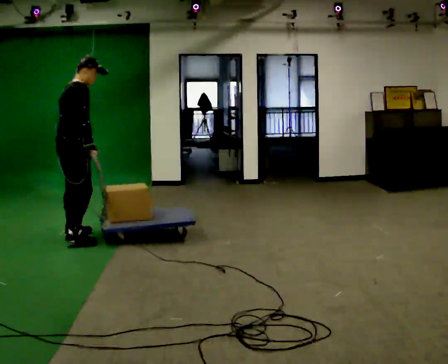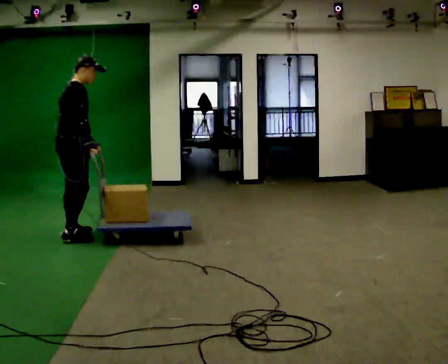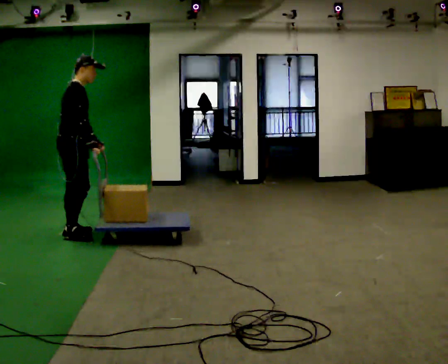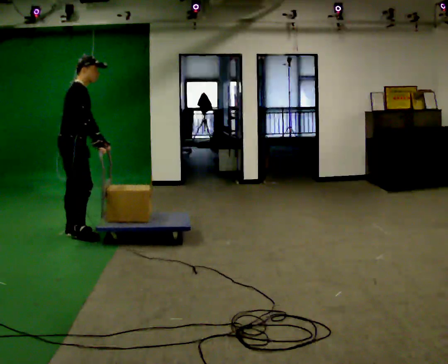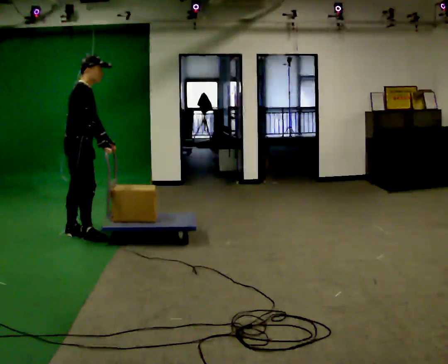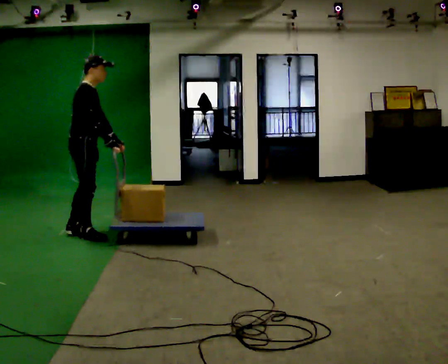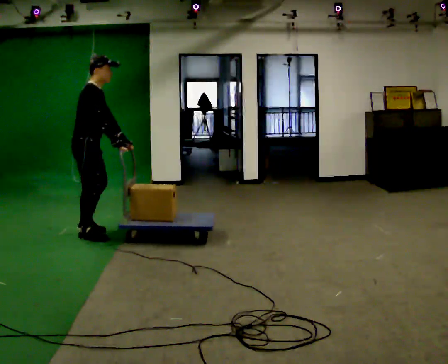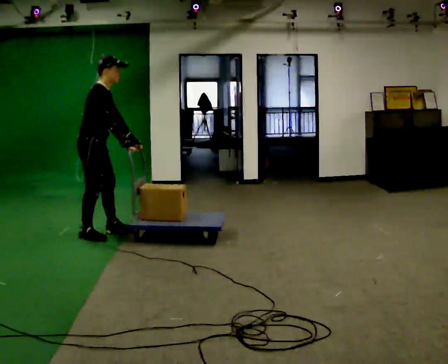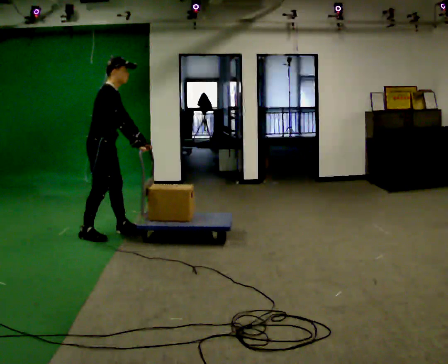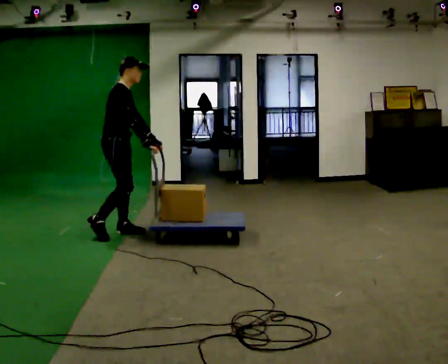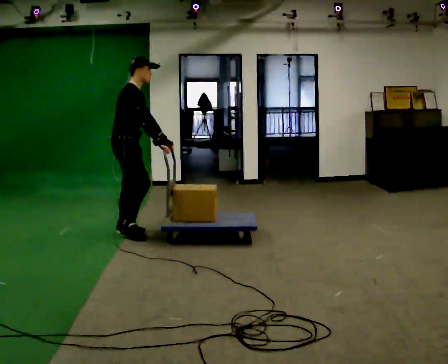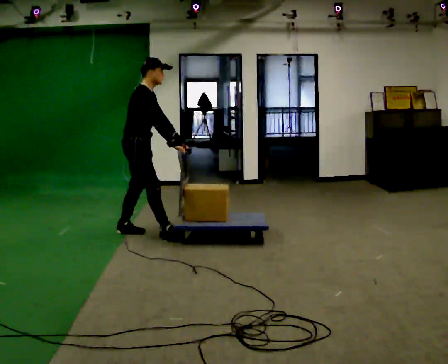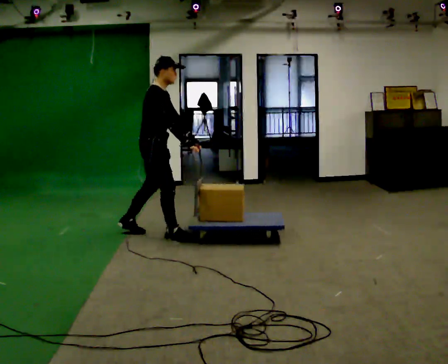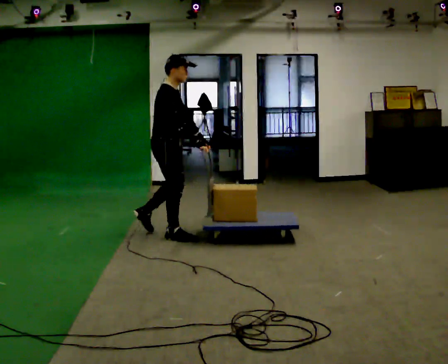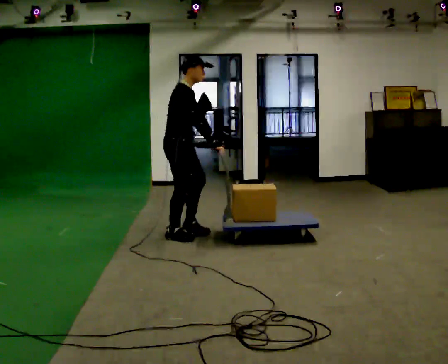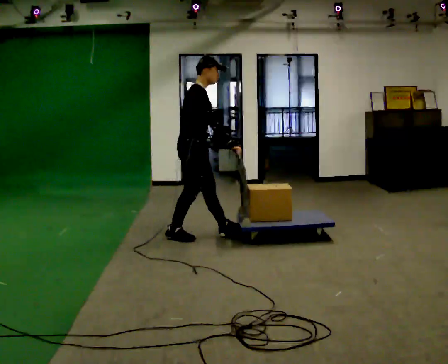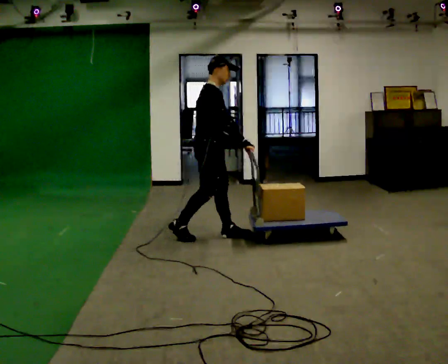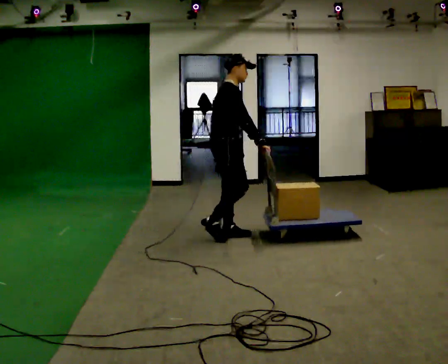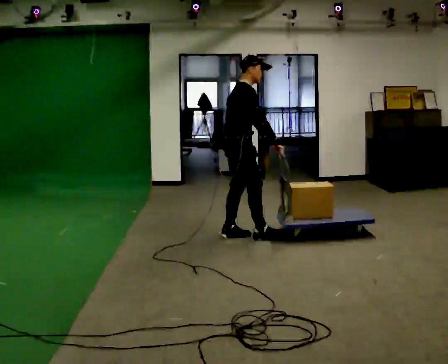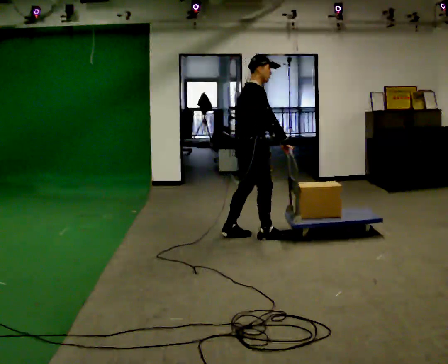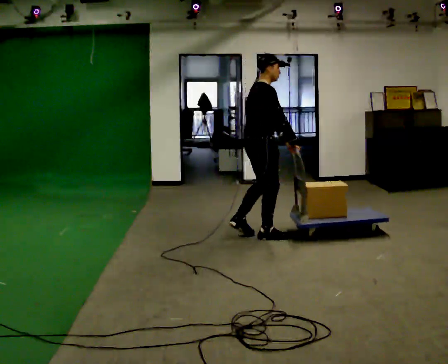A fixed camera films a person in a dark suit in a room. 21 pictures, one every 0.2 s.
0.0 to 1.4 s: The part of the body nearest the lens slides to the left as the person turns to their right by about 30 degrees. In the picture they go to the right, about 0.25 m in 1 step, which for them is forward. In the picture their left hand goes to the right.
1.4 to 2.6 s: In the picture they go to the right, about 0.75 m in 2 steps, which for them is forward.
2.6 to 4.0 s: In the picture they go to the right, about 1 m in 2 steps, which for them is forward.
The film runs forward here.
